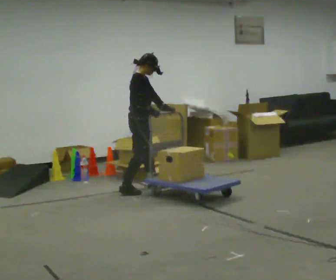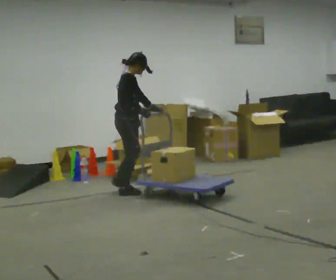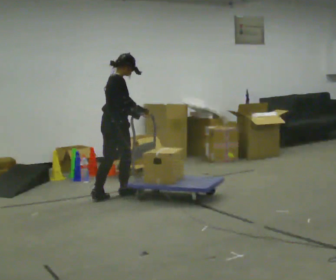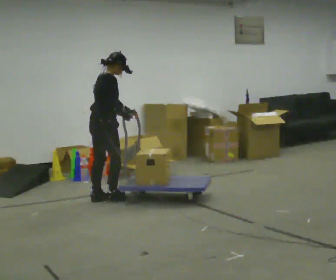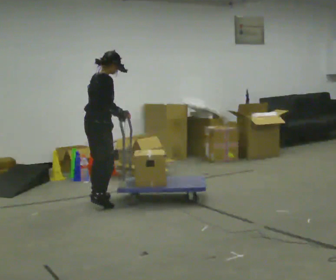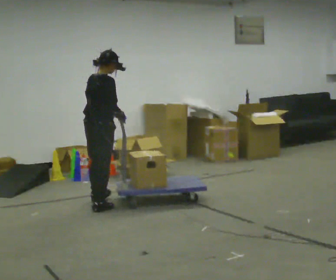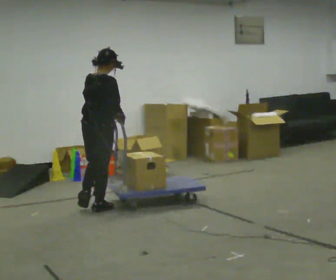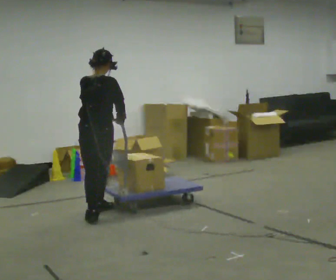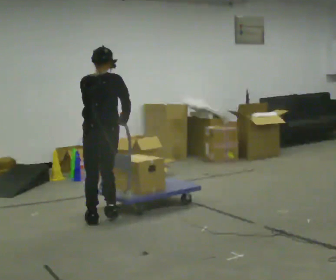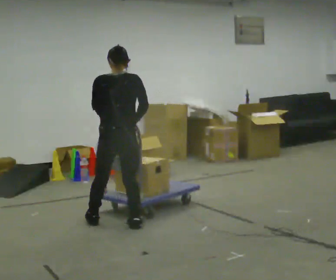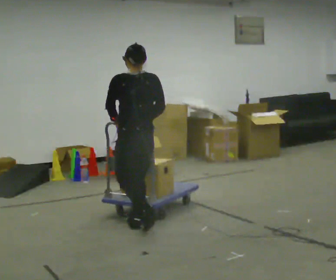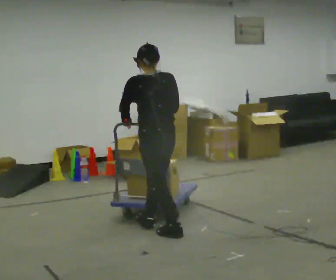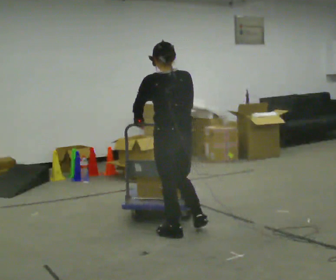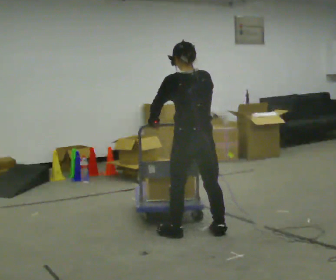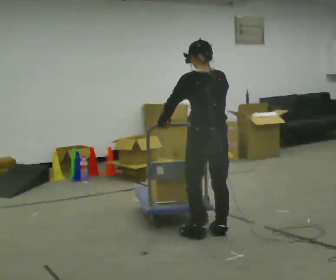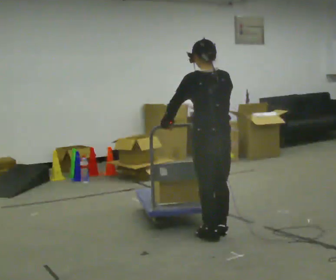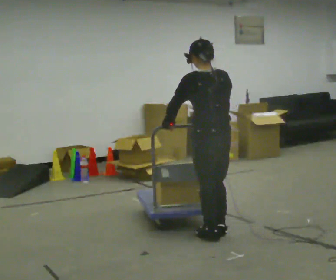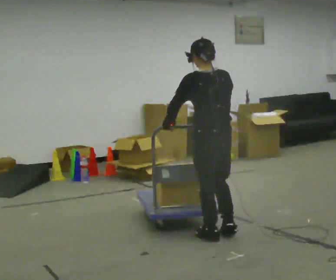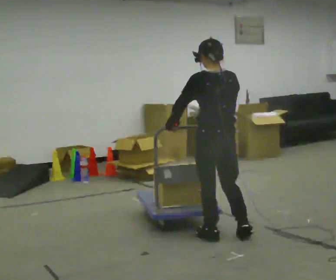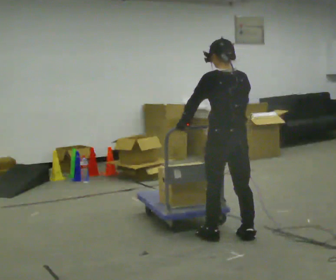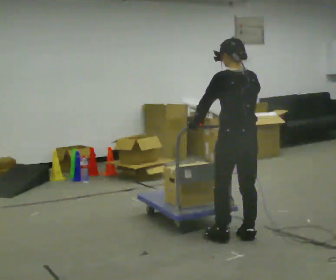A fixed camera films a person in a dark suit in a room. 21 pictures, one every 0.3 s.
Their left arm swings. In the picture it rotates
clockwise.
The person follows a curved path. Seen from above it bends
counterclockwise.
0.0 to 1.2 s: The person turns about 30 degrees to their left, counterclockwise seen from above, so the part of the body nearest the lens slides to the right. In the picture they go toward the camera and to the left, about 0.75 m in 2 steps, which for them is backward.
1.2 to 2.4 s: Seen from above the body turns counterclockwise, about 45 degrees: to their left, with its near side sliding to the right. In the picture they go toward the camera, about 0.75 m in 2 steps, which for them is backward and to their right.
2.4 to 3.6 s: Seen from above the body turns counterclockwise, about 30 degrees: to their left, with its near side sliding to the right. In the picture they go to the right and toward the camera, about 1 m in 2 steps, which for them is backward and to their right.
3.6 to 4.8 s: In the picture they go to the right, about 0.25 m in 1 step, which for them is backward and to their right.
4.8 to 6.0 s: In the picture they go to the right, about 0.25 m in 2 steps, which for them is backward and to their right.
The film runs backward here.
